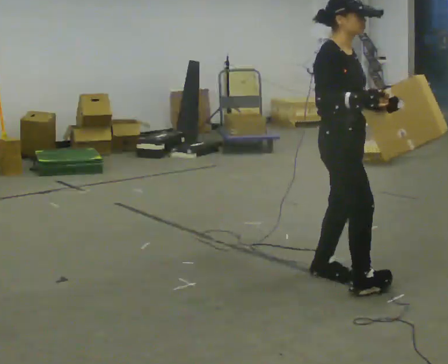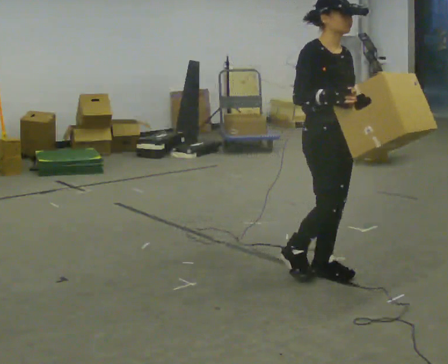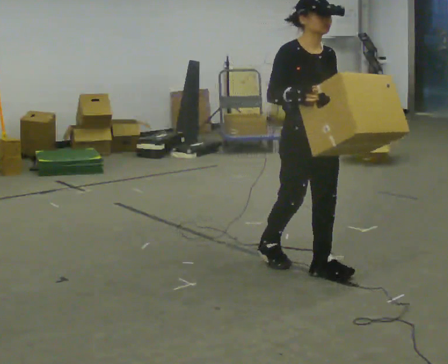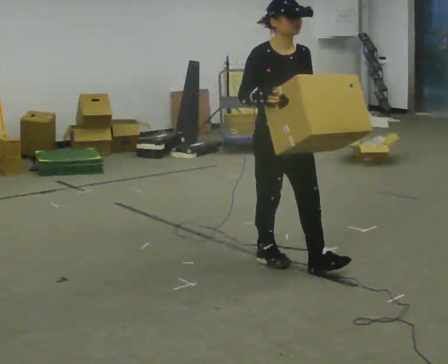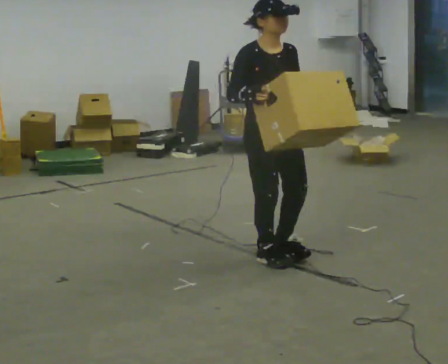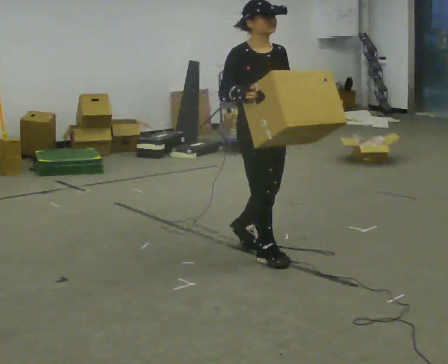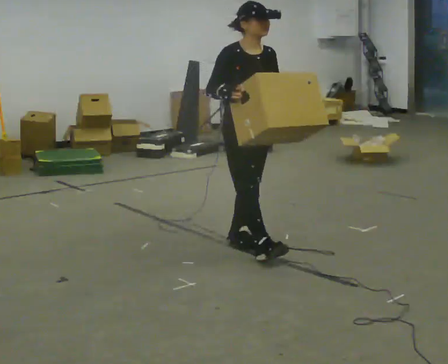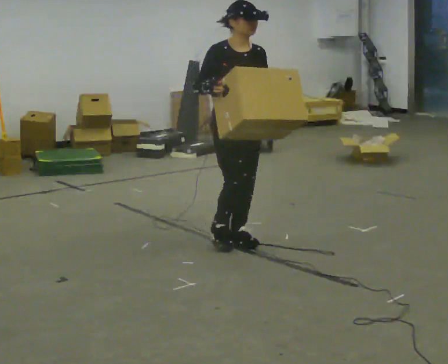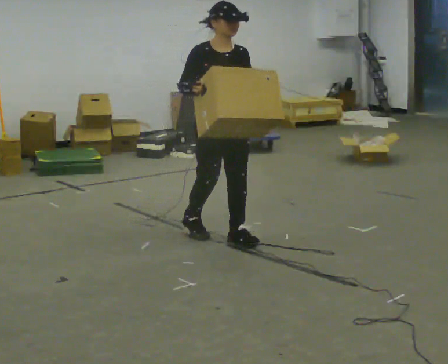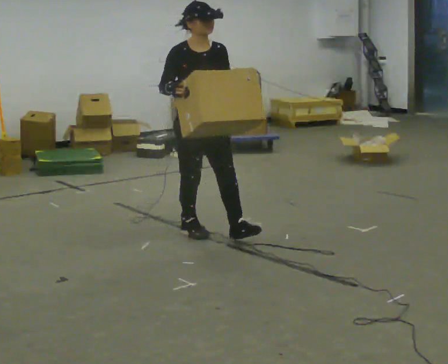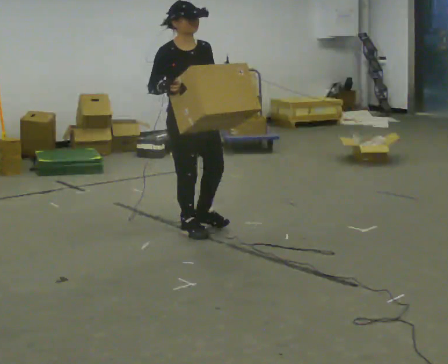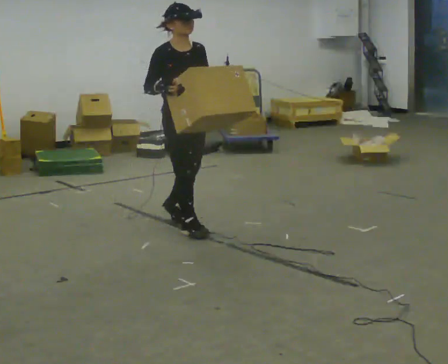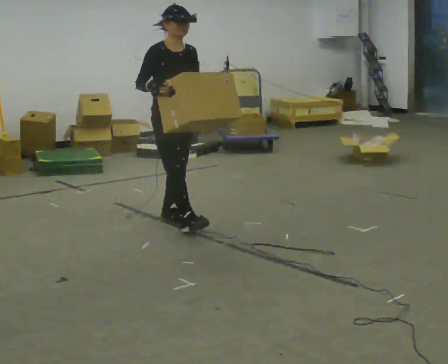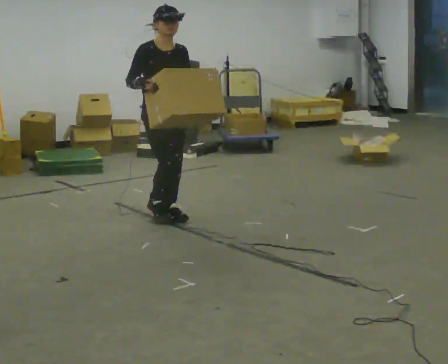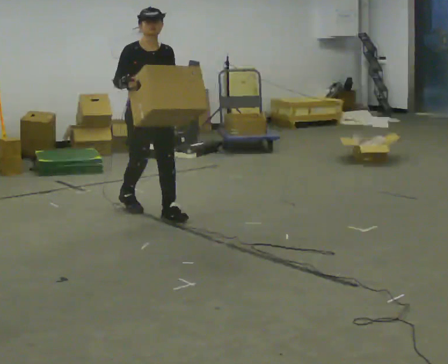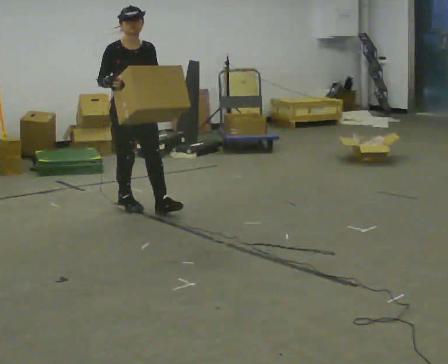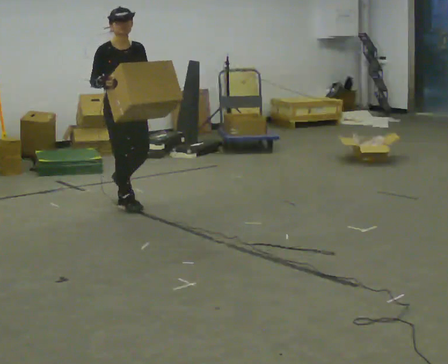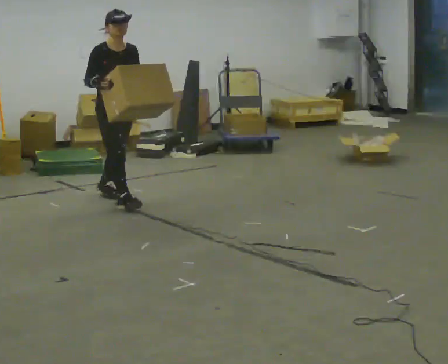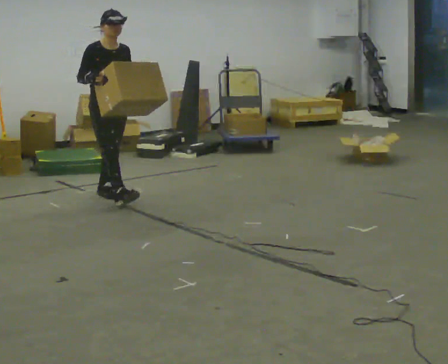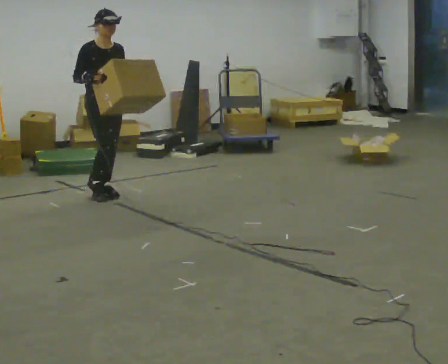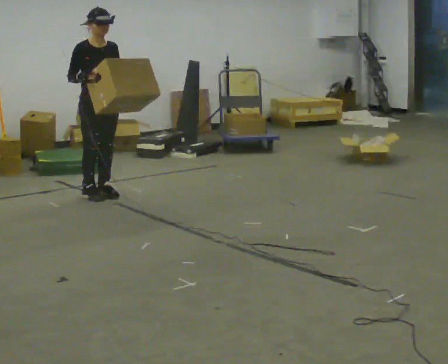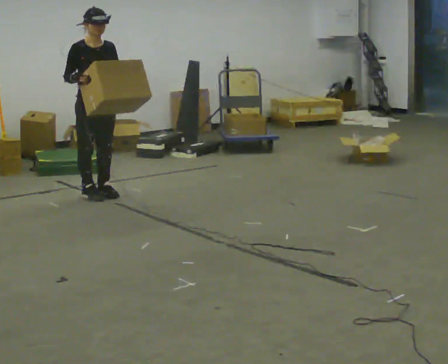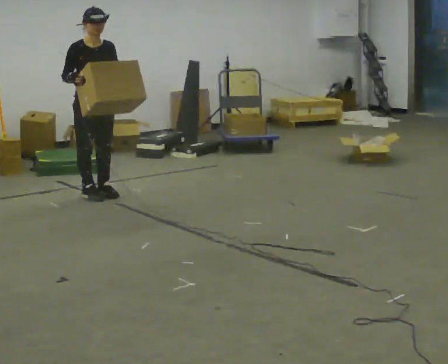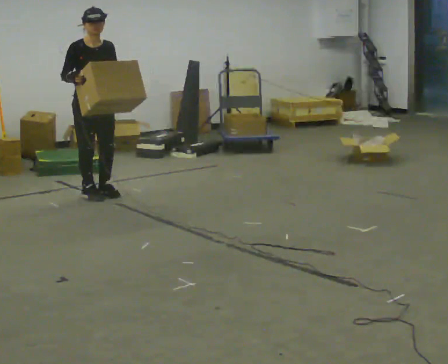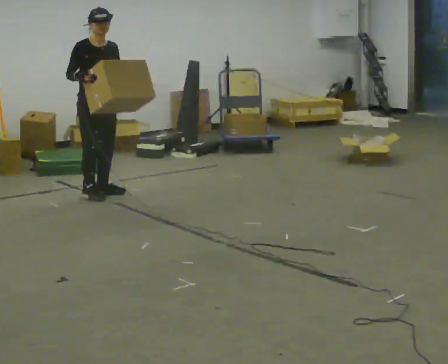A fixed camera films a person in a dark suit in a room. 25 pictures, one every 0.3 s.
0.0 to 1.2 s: The person turns about 30 degrees to their right, clockwise seen from above, so the part of the body nearest the lens slides to the left. In the picture they go away from the camera and to the left, about 0.5 m in 1 step, which for them is backward.
1.2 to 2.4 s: In the picture they go away from the camera and to the left, about 0.5 m in 1 step, which for them is backward.
2.4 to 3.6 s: In the picture they go away from the camera and to the left, about 0.5 m in 1 step, which for them is backward.
3.6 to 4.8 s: In the picture they go away from the camera and to the left, about 0.5 m in 2 steps, which for them is backward.
4.8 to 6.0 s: In the picture they go away from the camera and to the left, about 0.5 m in 1 step, which for them is backward.
6.0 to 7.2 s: The person moves a little, or ends about where they began.
The film runs backward here.
